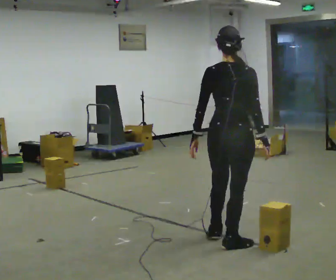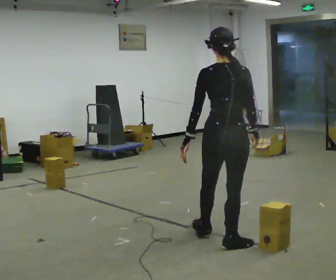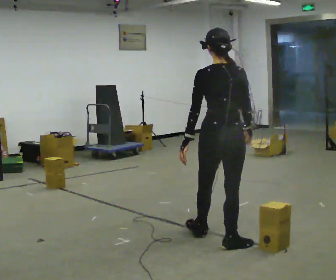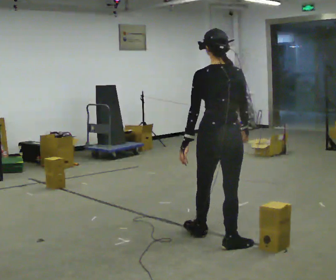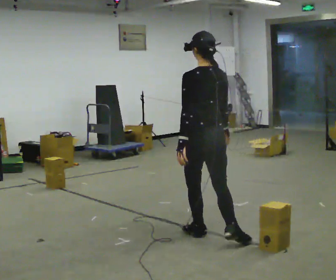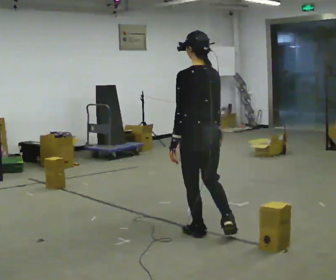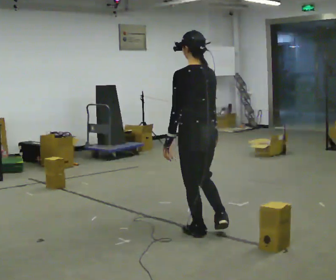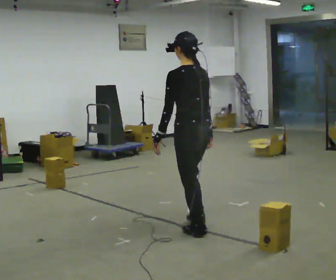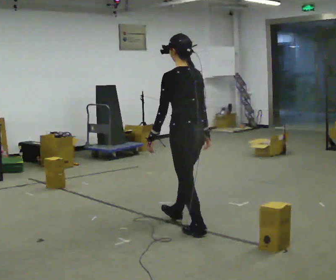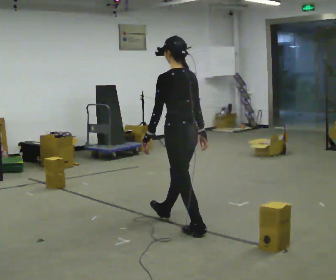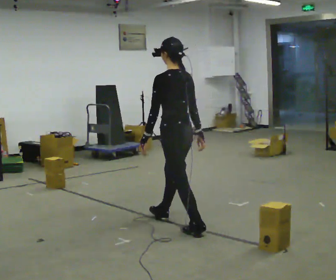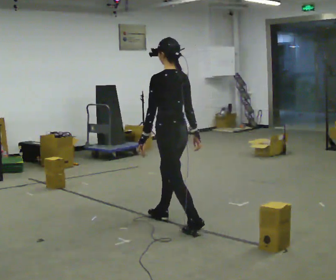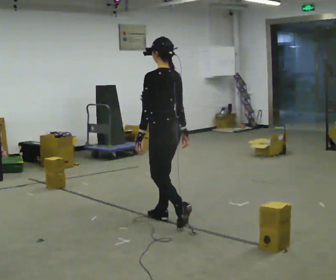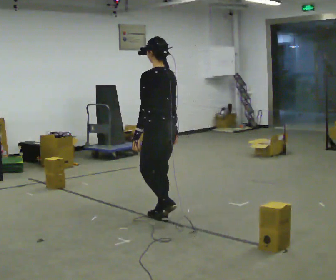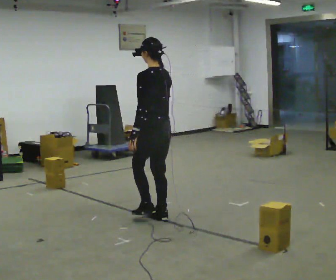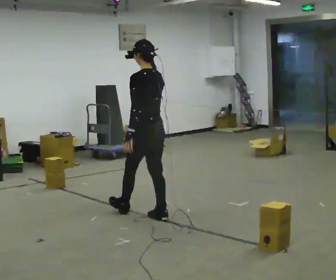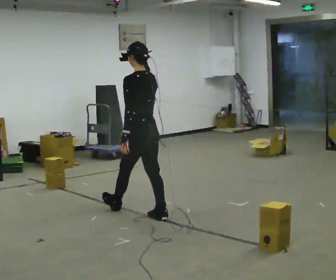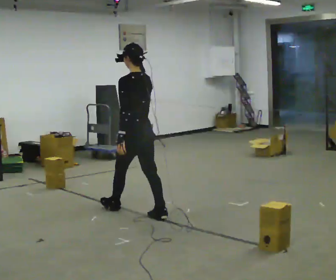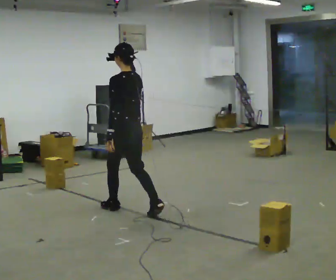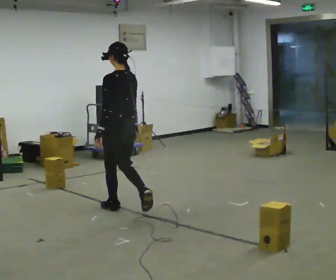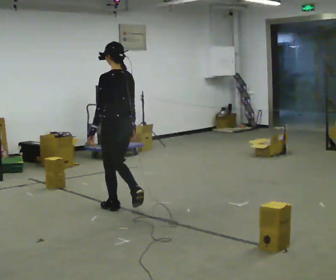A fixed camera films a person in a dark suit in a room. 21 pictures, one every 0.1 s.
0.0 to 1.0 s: Seen from above the body turns counterclockwise, about 75 degrees: to their left, with its near side sliding to the right. In the picture they go away from the camera and to the left, about 0.75 m in 2 steps.
1.0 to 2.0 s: In the picture they go away from the camera and to the left, about 1 m in 1 step, which for them is forward.
The film runs forward here.
